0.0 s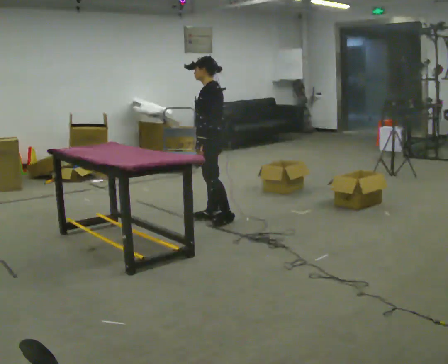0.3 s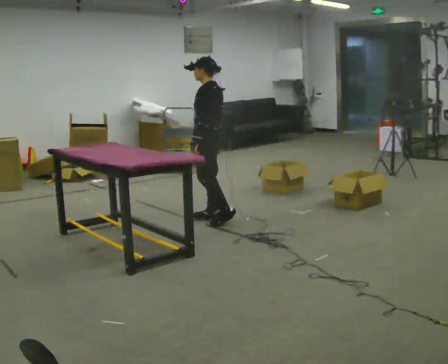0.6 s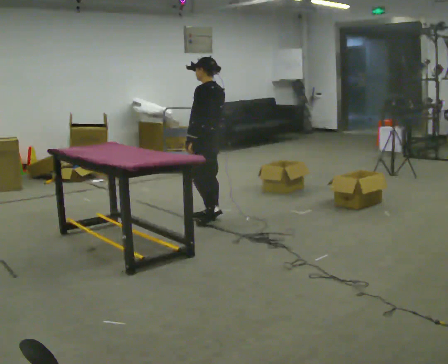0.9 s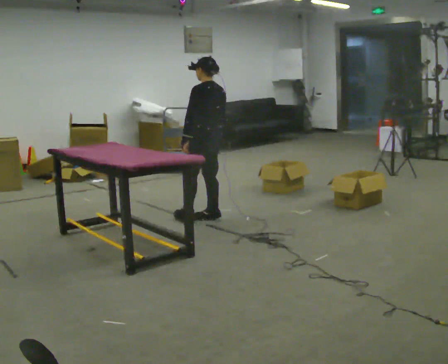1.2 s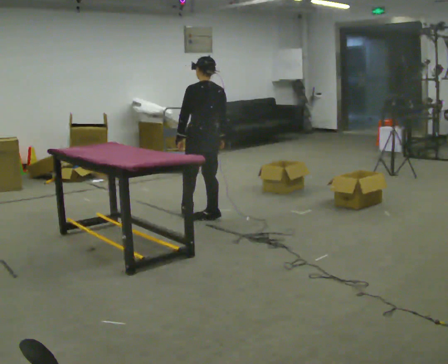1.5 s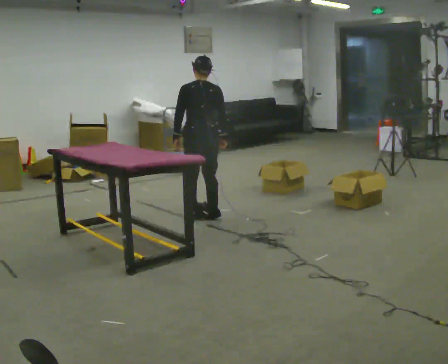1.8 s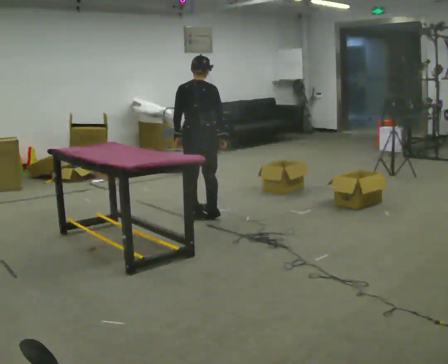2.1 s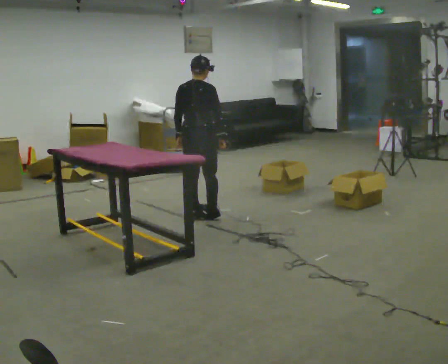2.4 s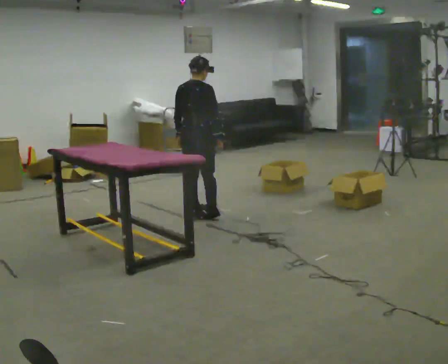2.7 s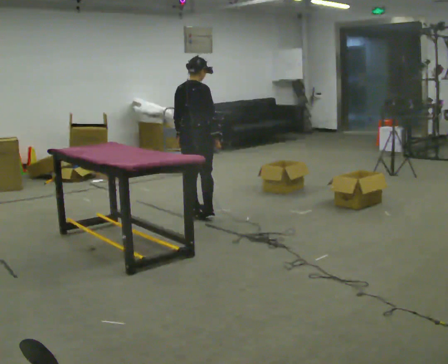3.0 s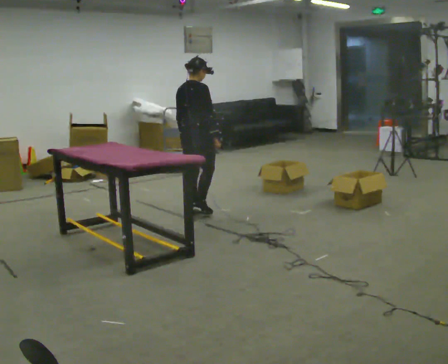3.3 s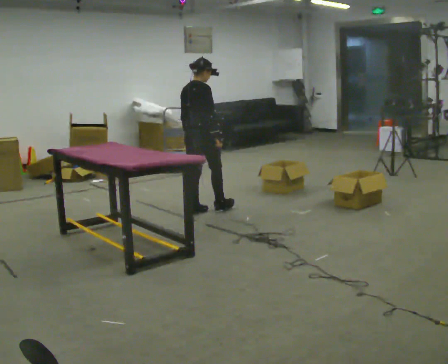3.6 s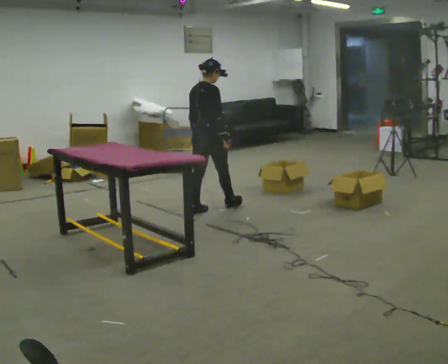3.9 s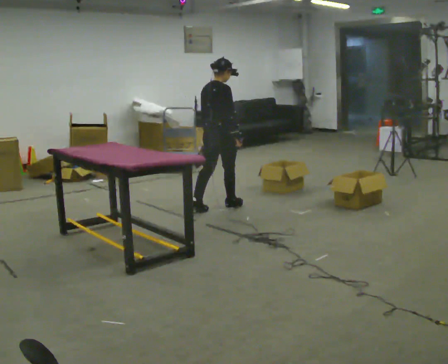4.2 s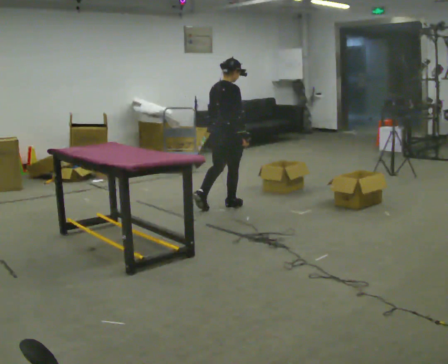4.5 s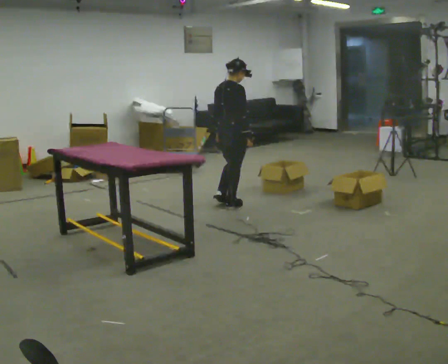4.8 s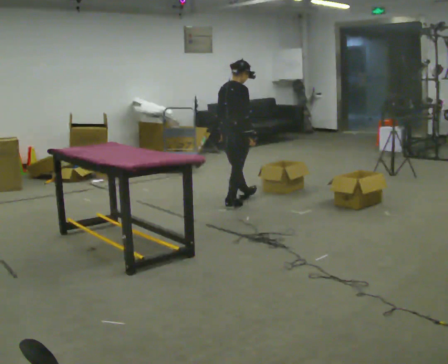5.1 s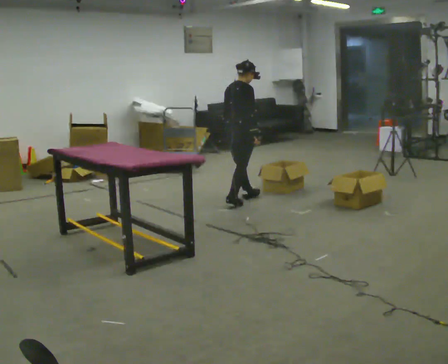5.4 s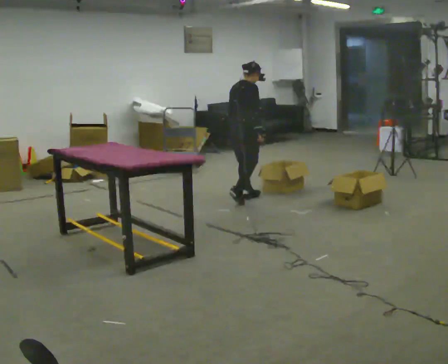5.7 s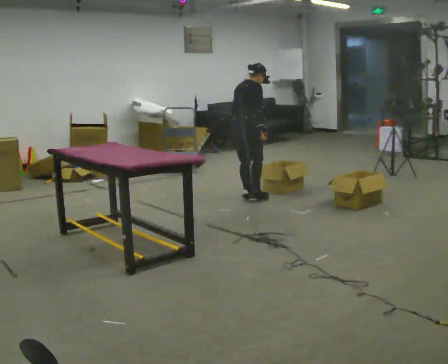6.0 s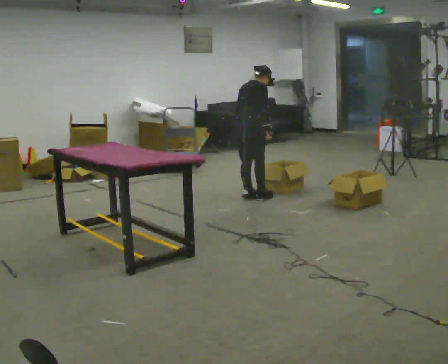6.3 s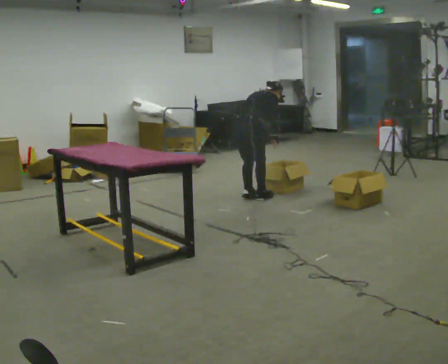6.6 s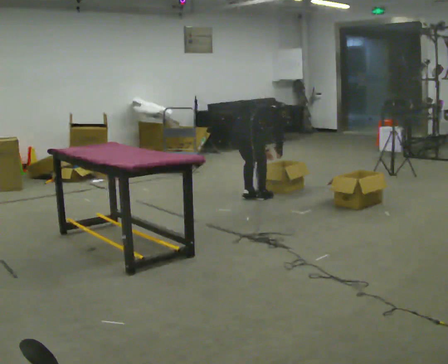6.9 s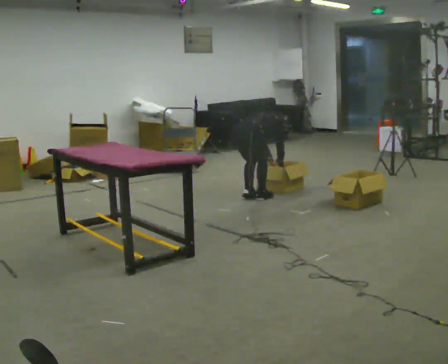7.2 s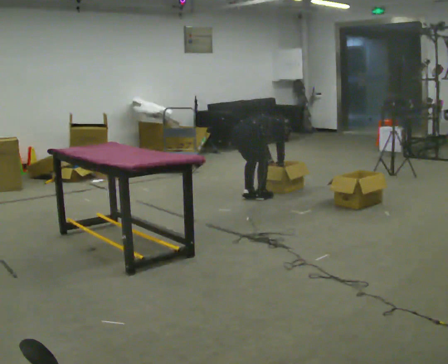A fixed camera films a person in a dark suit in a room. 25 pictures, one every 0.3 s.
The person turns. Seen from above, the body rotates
clockwise.
The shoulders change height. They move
downward.
0.0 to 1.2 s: Seen from above the body turns clockwise, about 45 degrees: to their right, with its near side sliding to the left.
1.2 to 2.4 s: The part of the body nearest the lens slides to the left as the person turns to their right by about 60 degrees.
2.4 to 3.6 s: In the picture they go away from the camera, about 0.25 m in 1 step, which for them is forward.
3.6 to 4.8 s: In the picture they go to the right and away from the camera, about 0.25 m, which for them is forward.
4.8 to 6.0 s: In the picture they go away from the camera and to the right, about 0.25 m in 2 steps, which for them is forward.
6.0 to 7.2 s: The upper body goes downward. In the picture the upper body tilts clockwise, shoulders to the right, as they bend forward. In the picture their right hand goes downward.
The film runs forward here.
